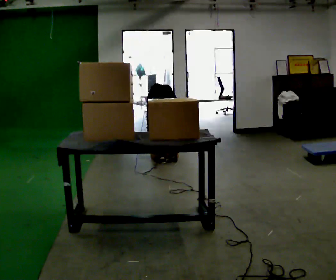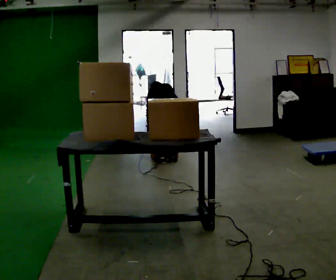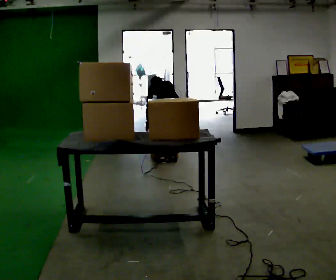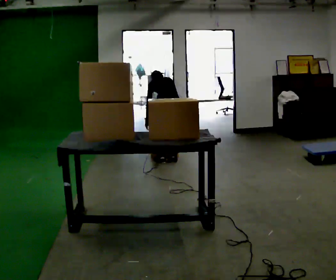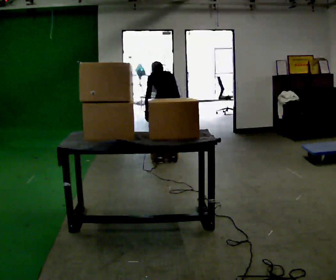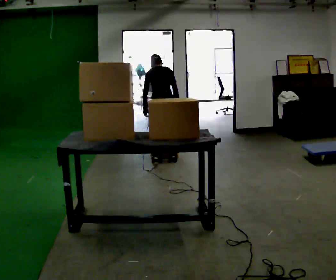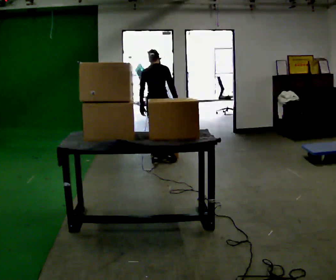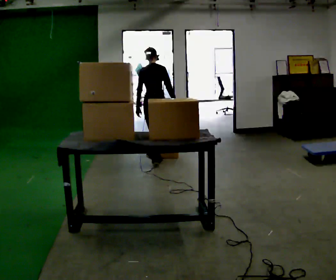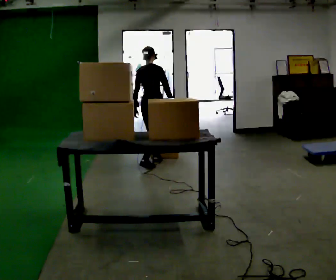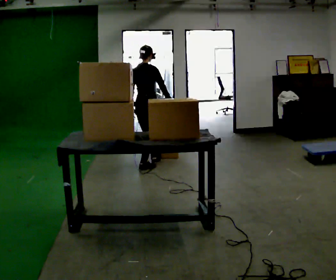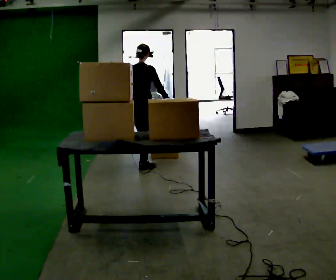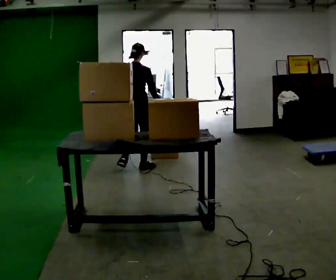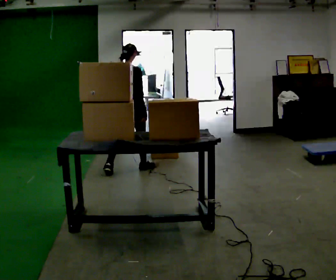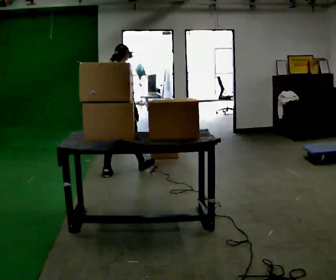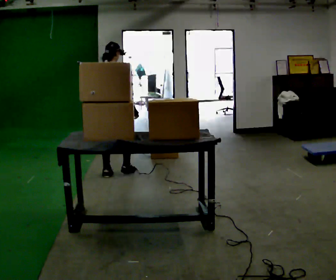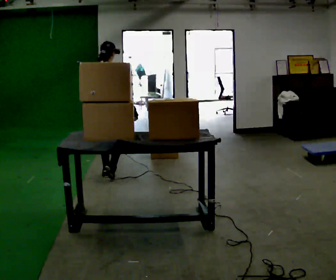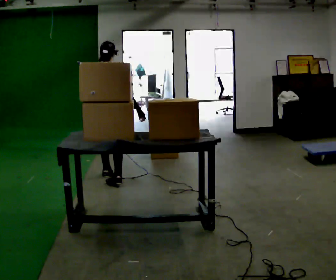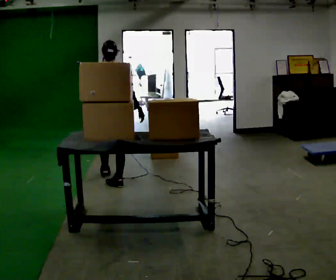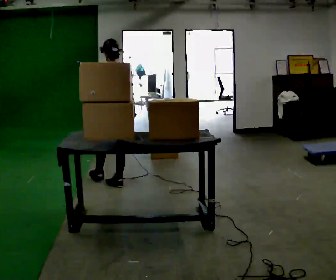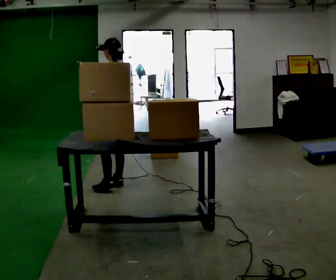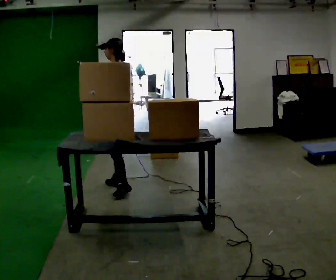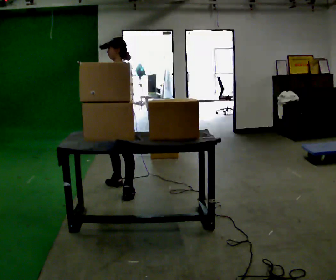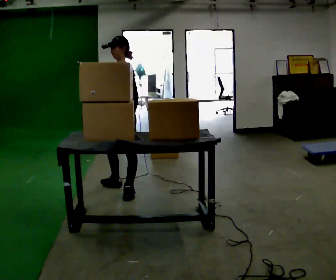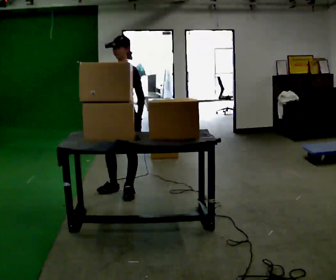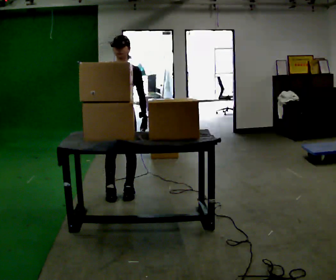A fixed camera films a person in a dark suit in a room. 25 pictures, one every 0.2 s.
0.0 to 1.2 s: The person turns about 30 degrees to their right, clockwise seen from above, so the part of the body nearest the lens slides to the left. The upper body goes upward. The upper body tips toward the camera, its near side rolling downward, as they lean back or straighten. In the picture their right hand goes upward.
1.2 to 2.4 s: In the picture they go to the left and toward the camera, about 0.5 m in 1 step, which for them is backward. The upper body tips toward the camera, its near side rolling downward, as they lean back or straighten.
2.4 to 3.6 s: Seen from above the body turns counterclockwise, about 45 degrees: to their left, with its near side sliding to the right. In the picture they go toward the camera, about 0.5 m in 2 steps, which for them is backward and to their right.
3.6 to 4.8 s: The person turns about 135 degrees to their left, counterclockwise seen from above, so the part of the body nearest the lens slides to the right. In the picture they go toward the camera, about 0.25 m in 1 step.
The film runs backward here.
